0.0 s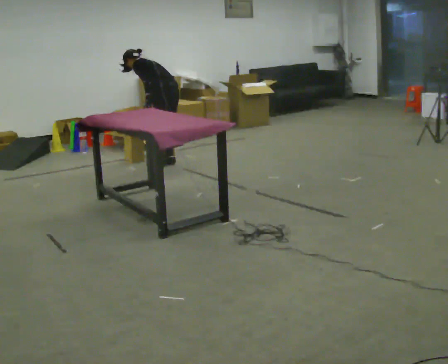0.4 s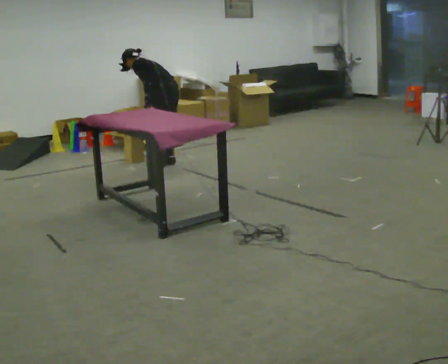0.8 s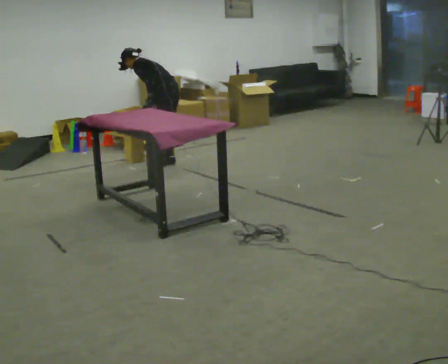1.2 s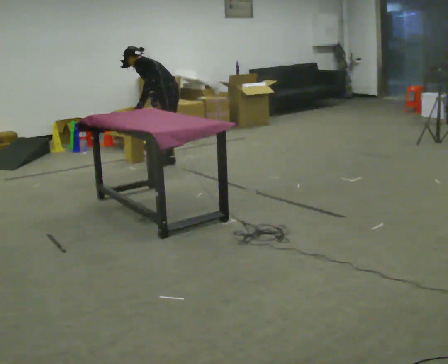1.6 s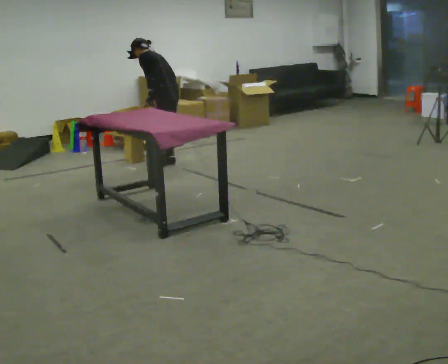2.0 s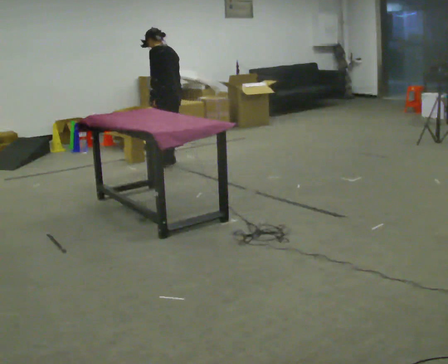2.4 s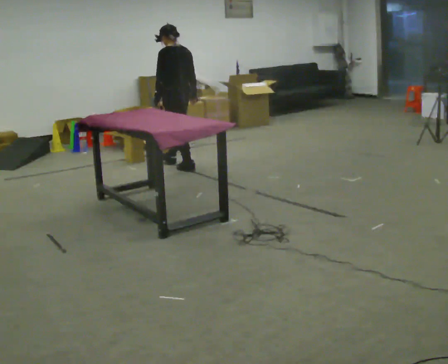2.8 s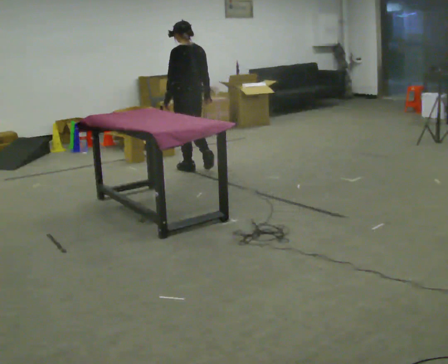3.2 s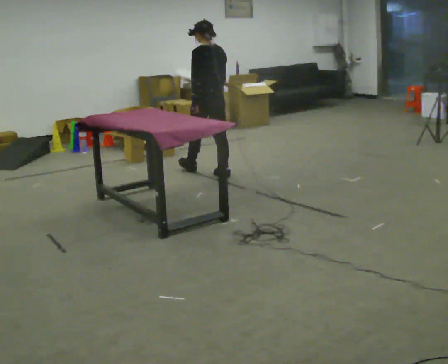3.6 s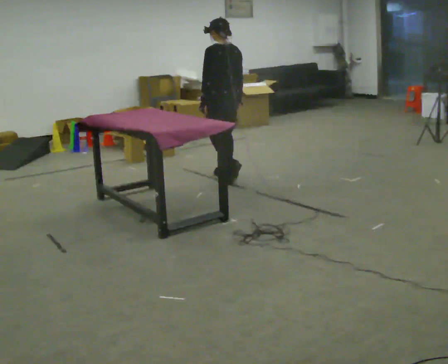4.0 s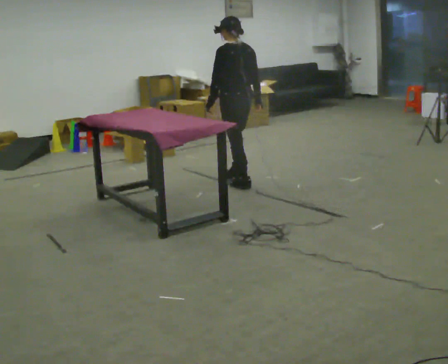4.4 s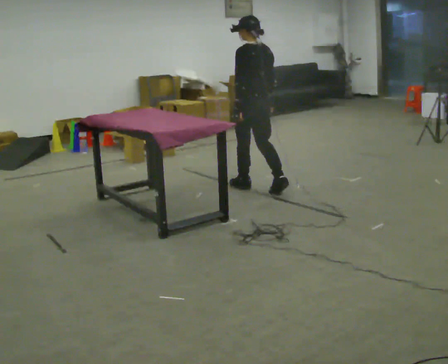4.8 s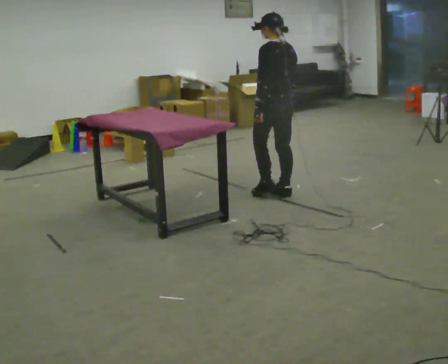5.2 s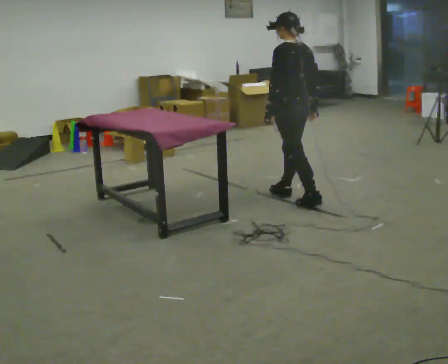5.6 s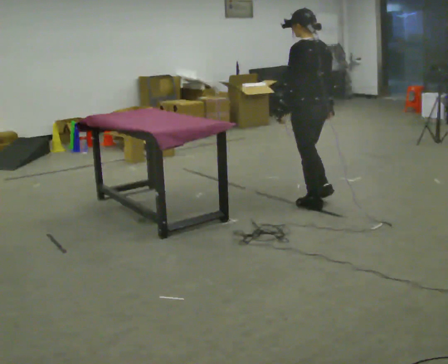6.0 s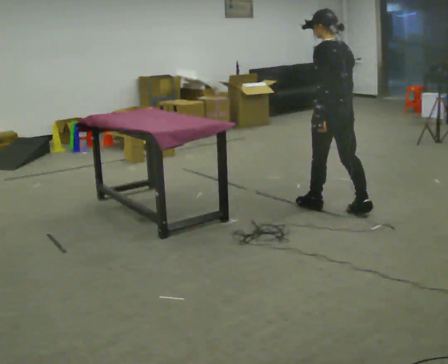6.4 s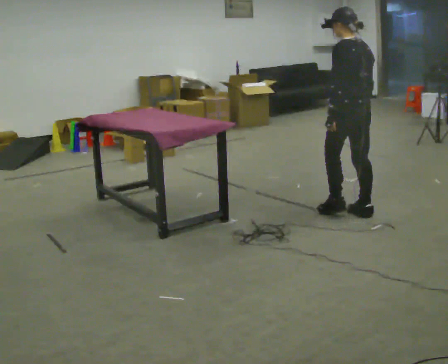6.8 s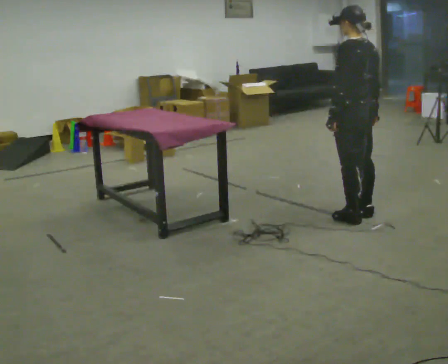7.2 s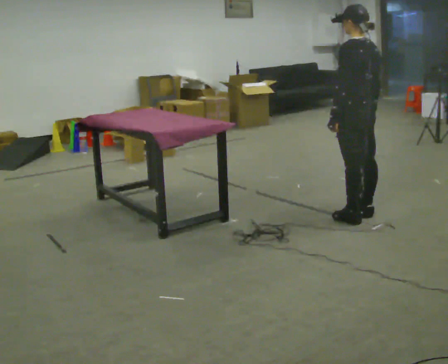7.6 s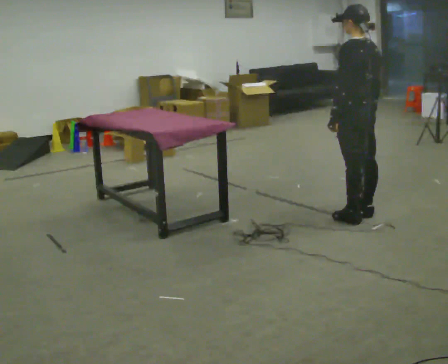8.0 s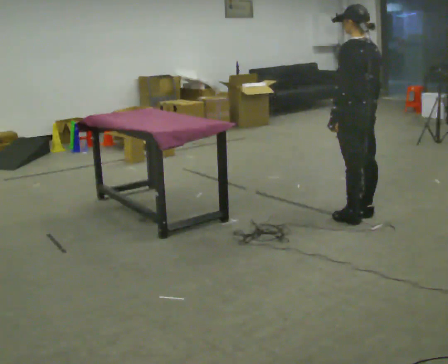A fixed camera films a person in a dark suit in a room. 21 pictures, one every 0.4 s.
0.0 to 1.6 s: In the picture the upper body tilts clockwise, shoulders to the right, as they lean back or straighten.
1.6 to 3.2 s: In the picture they go toward the camera and to the right, about 0.5 m in 3 steps, which for them is backward. In the picture the upper body tilts clockwise, shoulders to the right, as they lean back or straighten.
3.2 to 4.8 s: In the picture they go toward the camera and to the right, about 1 m in 2 steps, which for them is backward.
4.8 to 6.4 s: In the picture they go toward the camera and to the right, about 1 m in 2 steps, which for them is backward.
6.4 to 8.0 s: The person moves a little, or ends about where they began.
The film runs backward here.
